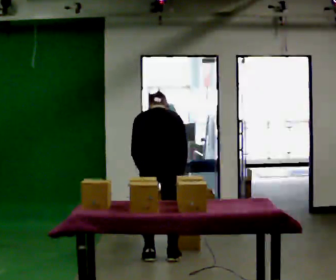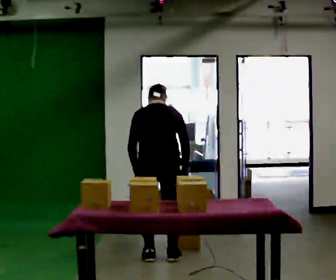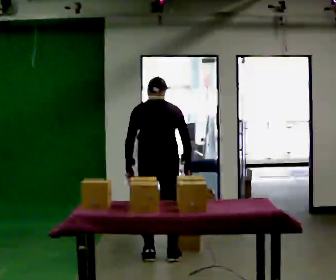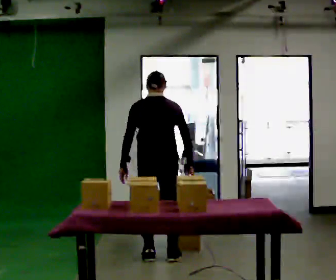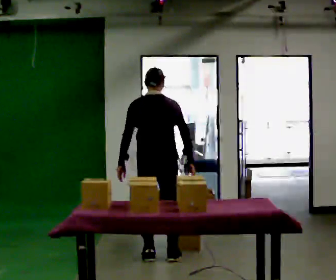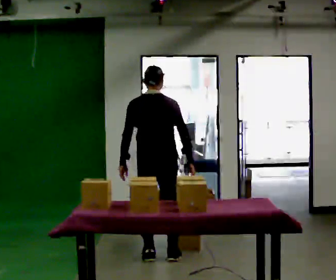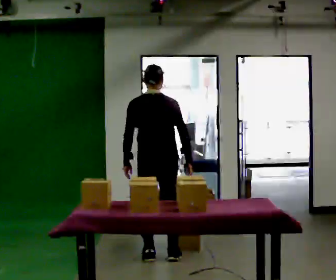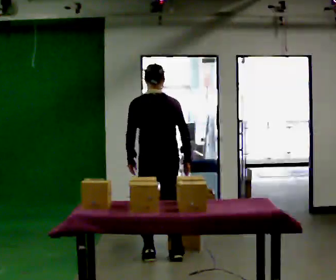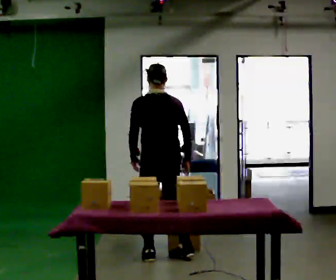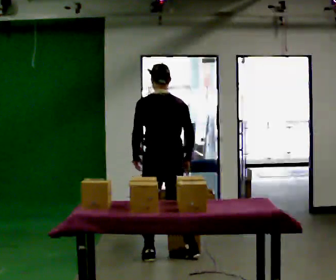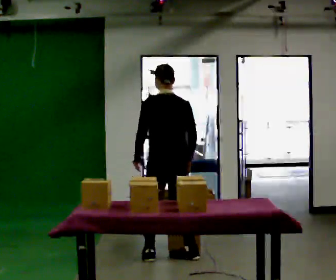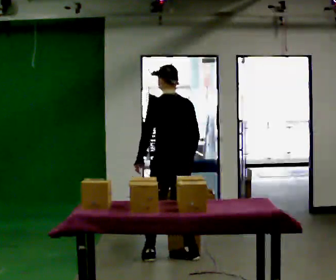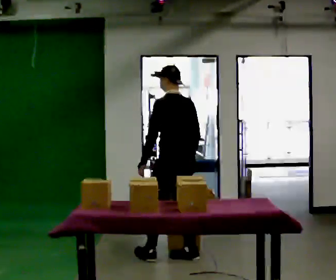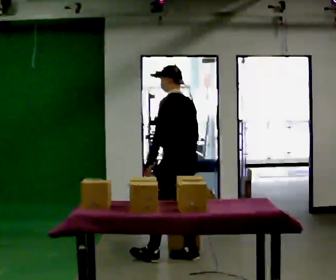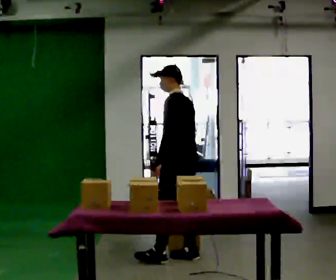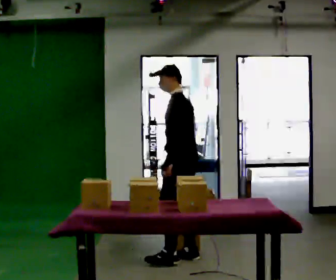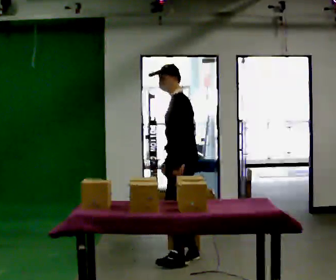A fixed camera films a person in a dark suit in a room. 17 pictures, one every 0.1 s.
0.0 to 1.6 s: Seen from above the body turns counterclockwise, about 90 degrees: to their left, with its near side sliding to the right. In the picture they go to the right, about 0.25 m in 1 step. The upper body tips toward the camera, its near side rolling downward, as they lean back or straighten.
The film runs forward here.
